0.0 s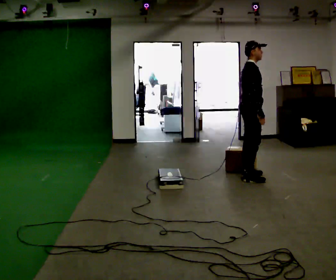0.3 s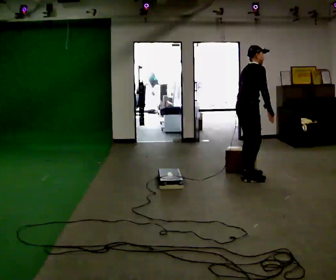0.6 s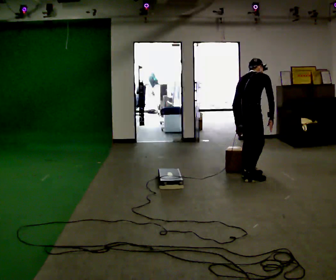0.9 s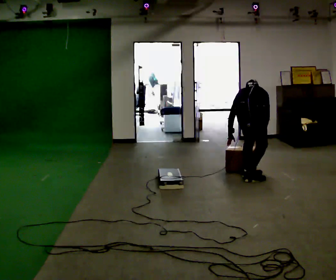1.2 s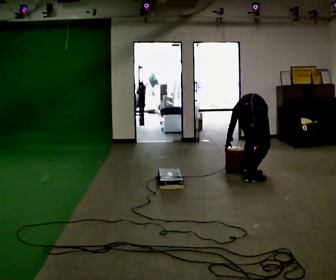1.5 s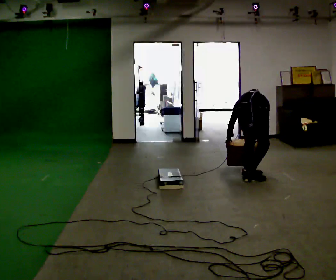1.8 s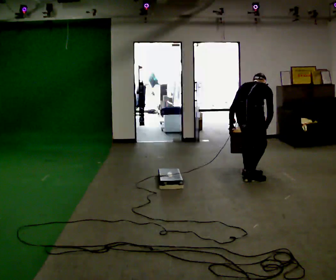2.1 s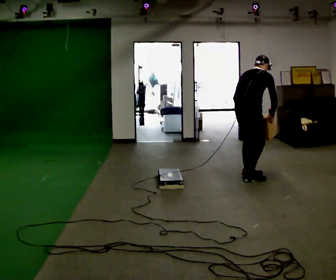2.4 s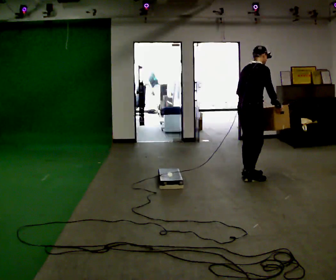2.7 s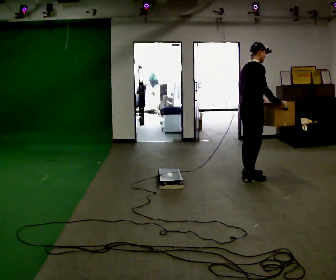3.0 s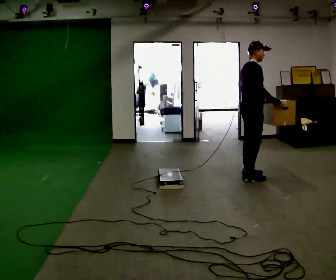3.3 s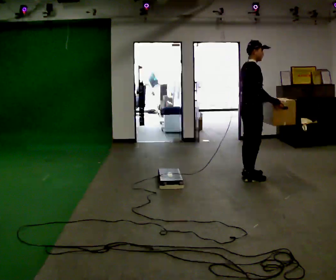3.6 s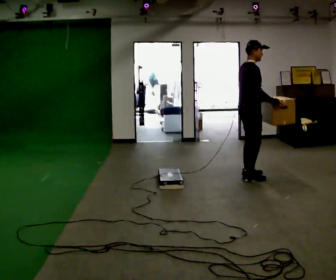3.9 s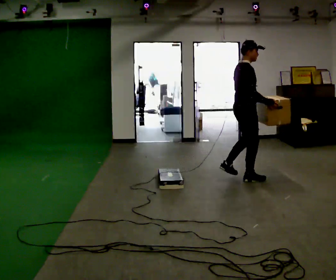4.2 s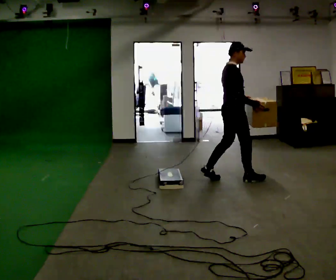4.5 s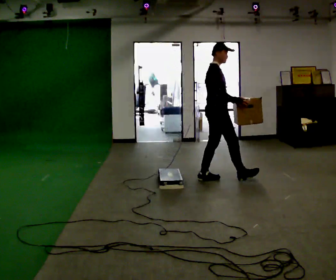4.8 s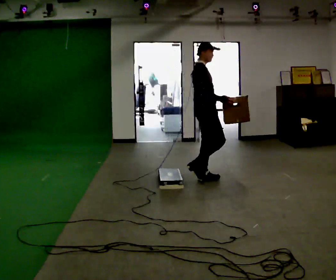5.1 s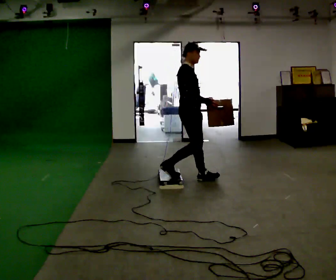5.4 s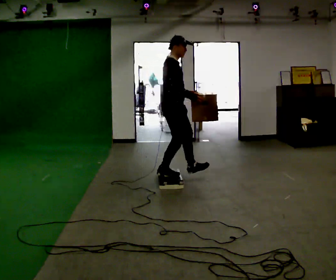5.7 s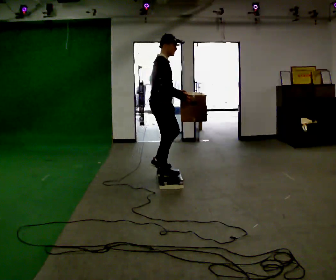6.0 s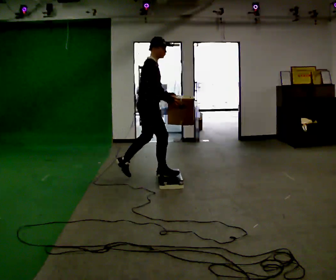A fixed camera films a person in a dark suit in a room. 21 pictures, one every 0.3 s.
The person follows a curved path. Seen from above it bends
clockwise.
The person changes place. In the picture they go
to the left.
0.0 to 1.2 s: The part of the body nearest the lens slides to the right as the person turns to their left by about 75 degrees. In the picture they go toward the camera, about 0.25 m. The shoulders move downward. The upper body tips away from the camera, its near side rolling upward, as they bend forward. In the picture their right hand goes downward.
1.2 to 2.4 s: The part of the body nearest the lens slides to the left as the person turns to their right by about 45 degrees. In the picture they go away from the camera, about 0.25 m, which for them is forward. The shoulders move upward. The upper body tips toward the camera, its near side rolling downward, as they lean back or straighten. In the picture their right hand goes upward.
2.4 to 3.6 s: The person moves a little, or ends about where they began.
3.6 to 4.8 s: In the picture they go to the left, about 0.5 m in 2 steps, which for them is backward.
4.8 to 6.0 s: In the picture they go to the left, about 0.75 m in 1 step, which for them is backward.
The film runs backward here.
